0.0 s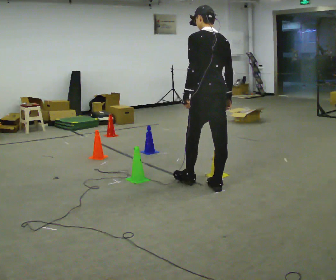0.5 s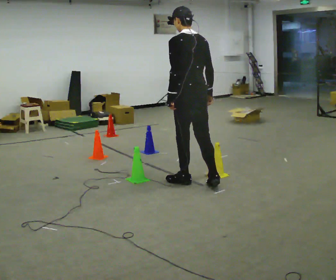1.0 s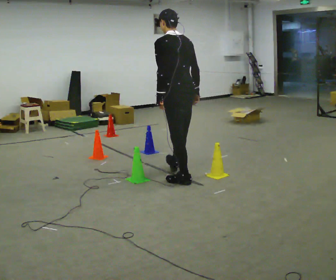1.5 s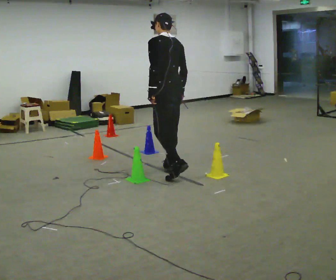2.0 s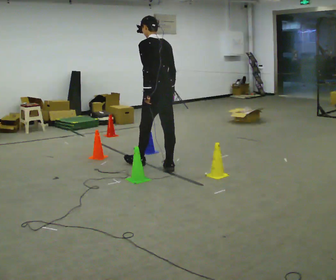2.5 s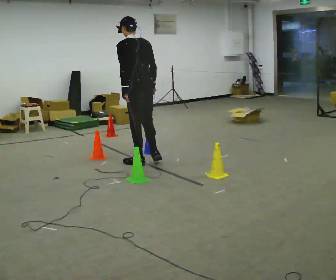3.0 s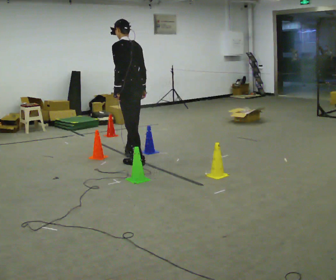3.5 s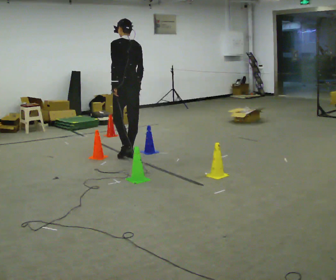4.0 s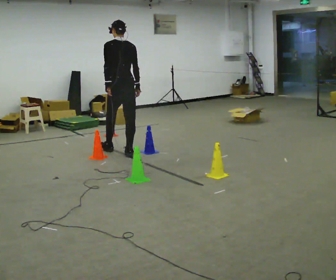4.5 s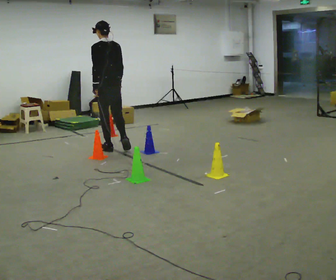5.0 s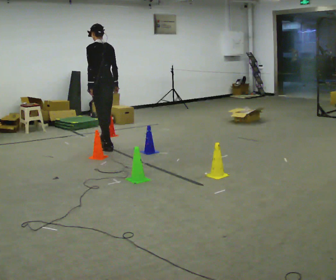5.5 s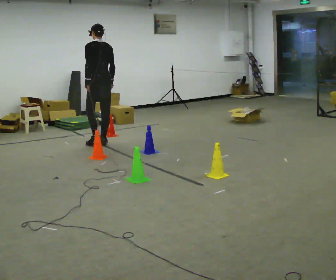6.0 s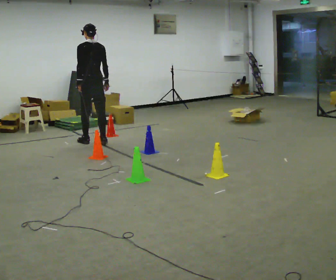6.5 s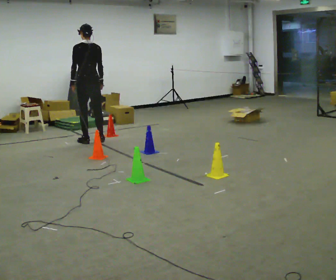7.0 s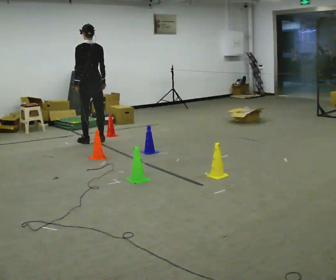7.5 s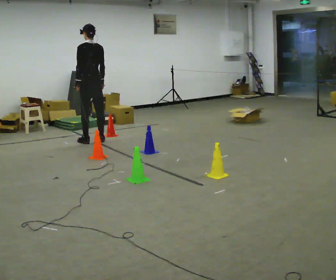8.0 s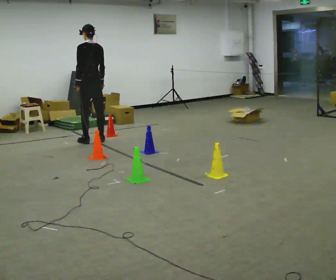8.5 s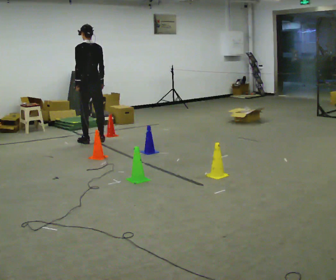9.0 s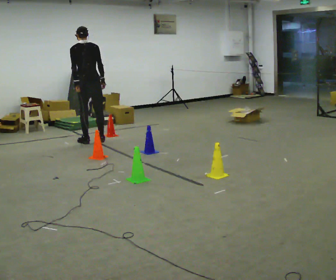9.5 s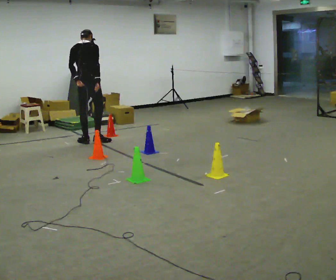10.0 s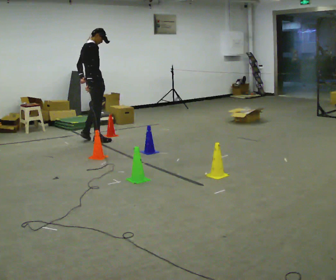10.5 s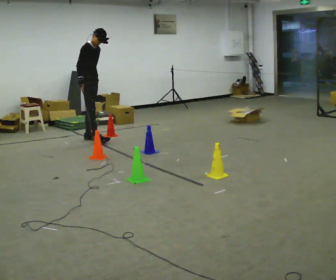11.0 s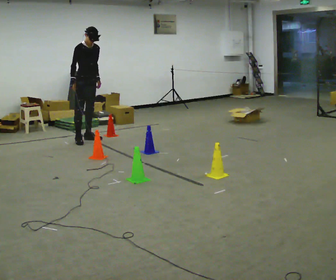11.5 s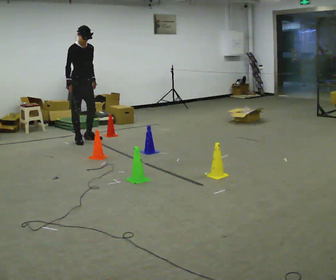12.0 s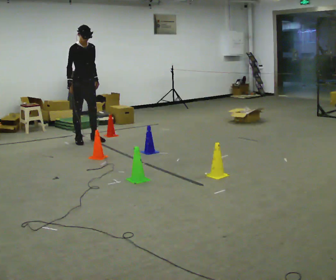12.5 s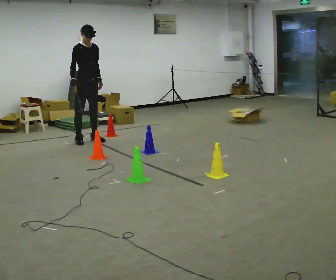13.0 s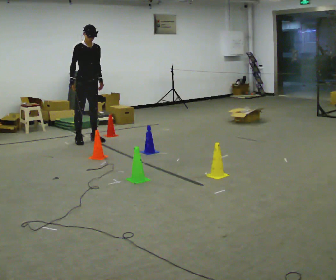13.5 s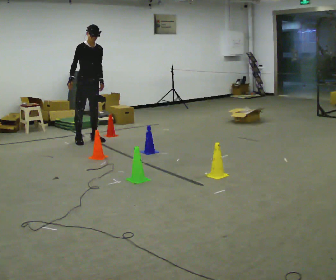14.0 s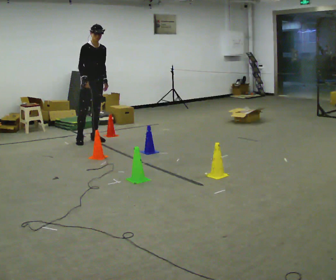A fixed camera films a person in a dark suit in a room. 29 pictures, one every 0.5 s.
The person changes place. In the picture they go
away from the camera.
0.0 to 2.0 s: In the picture they go away from the camera, about 1 m in 2 steps, which for them is forward.
2.0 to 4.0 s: In the picture they go away from the camera and to the left, about 1 m in 3 steps, which for them is forward.
4.0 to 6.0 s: In the picture they go away from the camera and to the left, about 1 m in 2 steps, which for them is forward.
6.0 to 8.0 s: The person moves a little, or ends about where they began.
8.0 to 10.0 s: The person turns about 90 degrees to their right, clockwise seen from above, so the part of the body nearest the lens slides to the left.
10.0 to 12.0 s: The person turns about 75 degrees to their right, clockwise seen from above, so the part of the body nearest the lens slides to the left.
12.0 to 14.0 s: In the picture they go to the right, about 0.25 m, which for them is to their left.
The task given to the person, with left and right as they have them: Walk through passage without touching sides; continue normally after exit.
The film runs forward here.
